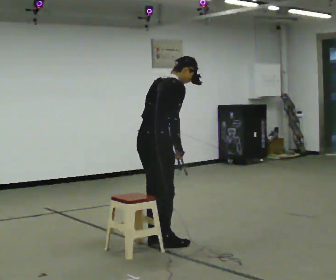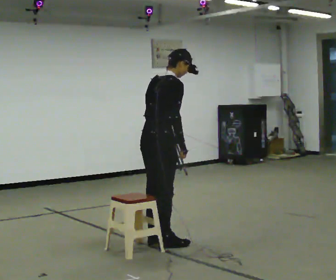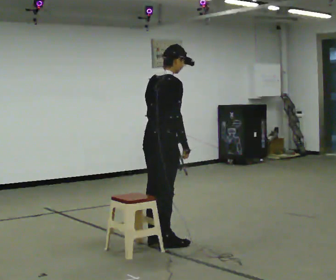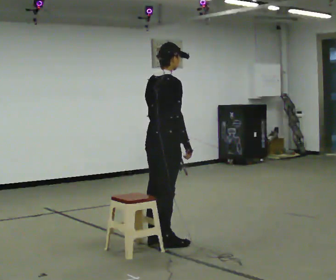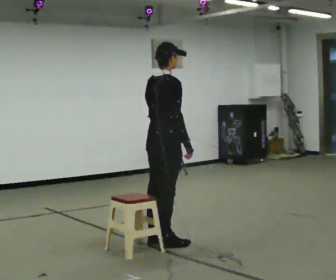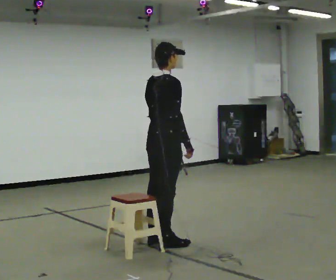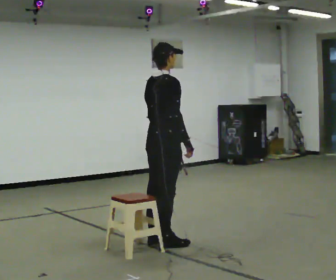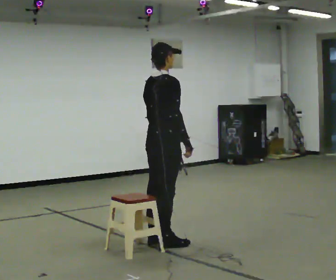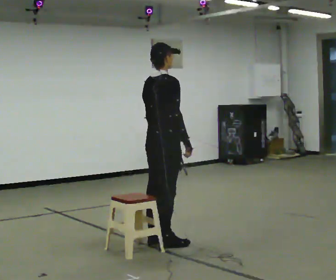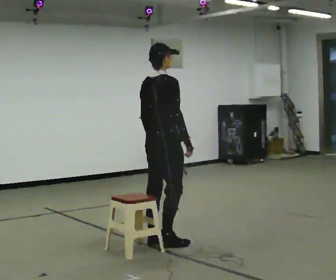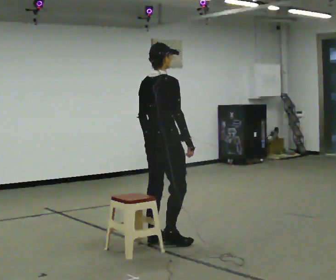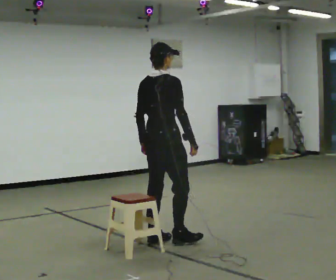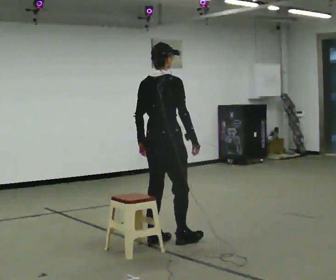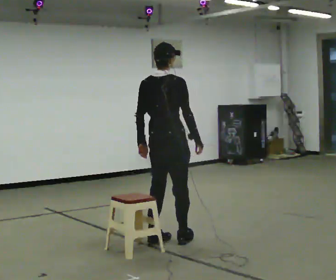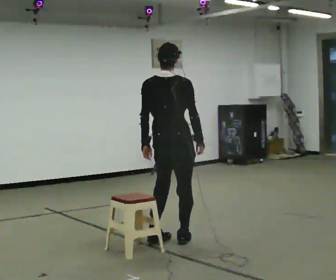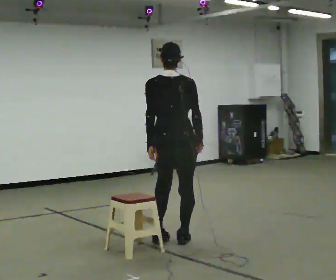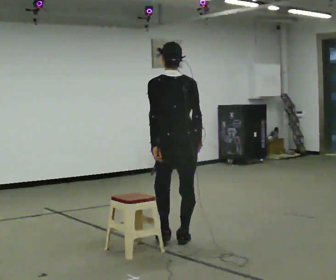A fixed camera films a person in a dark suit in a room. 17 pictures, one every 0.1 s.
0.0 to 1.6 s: The person turns about 60 degrees to their left, counterclockwise seen from above, so the part of the body nearest the lens slides to the right. In the picture they go to the right, about 0.25 m in 2 steps. In the picture the upper body tilts counterclockwise, shoulders to the left, as they lean back or straighten.
The film runs backward here.
